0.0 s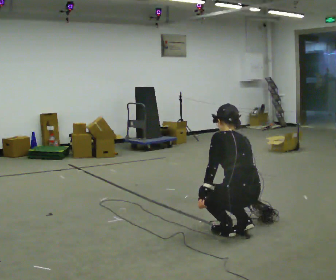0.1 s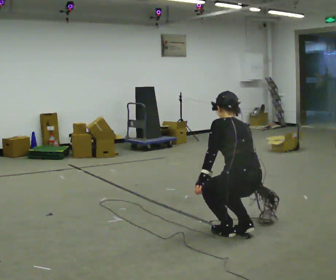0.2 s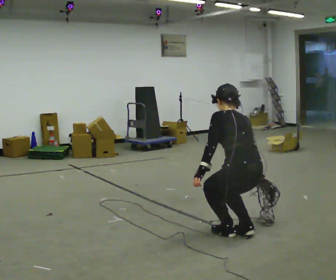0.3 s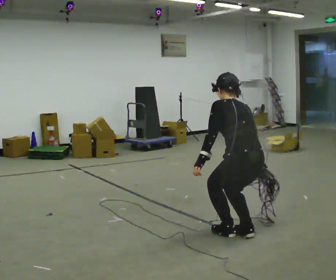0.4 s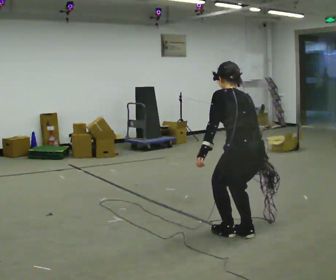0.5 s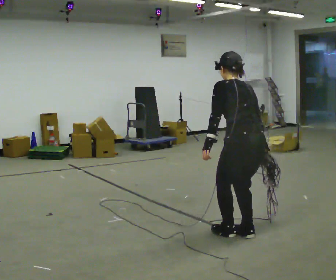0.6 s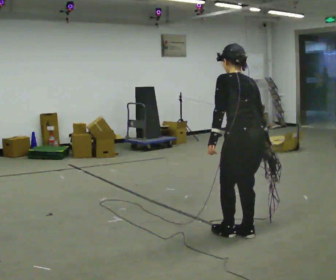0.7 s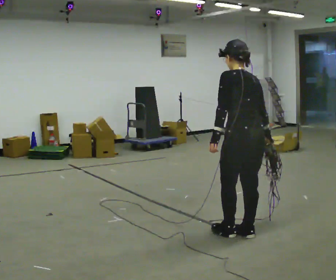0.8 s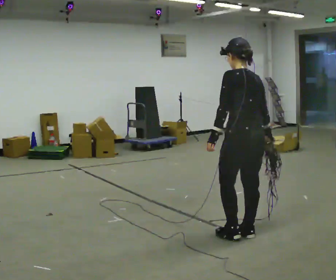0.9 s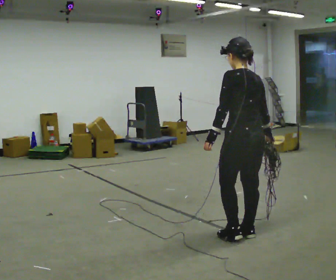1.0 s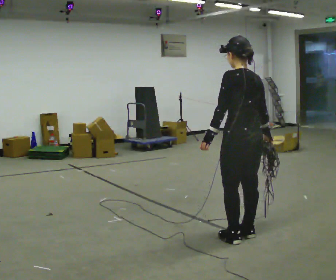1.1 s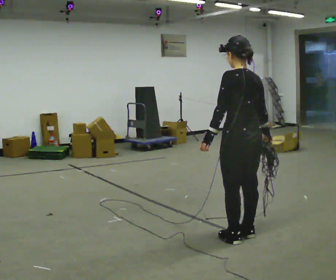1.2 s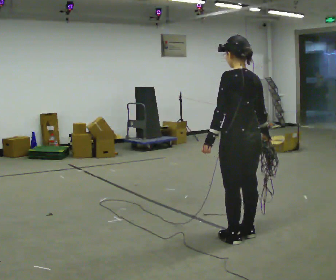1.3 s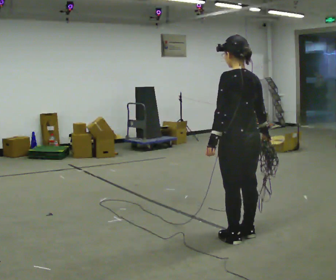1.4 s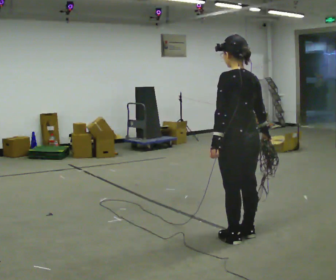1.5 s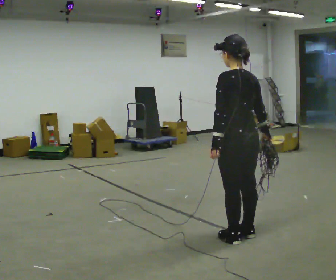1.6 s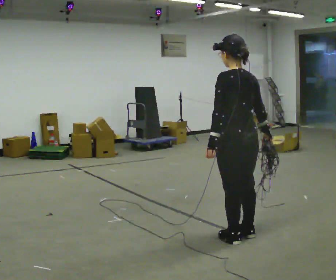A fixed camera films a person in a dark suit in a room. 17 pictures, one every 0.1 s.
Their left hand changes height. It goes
upward.
The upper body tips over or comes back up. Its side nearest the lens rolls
downward.
0.0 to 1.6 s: The shoulders move upward. The upper body tips toward the camera, its near side rolling downward, as they lean back or straighten. In the picture their left hand goes upward.
The film runs backward here.
